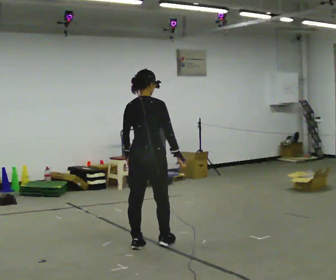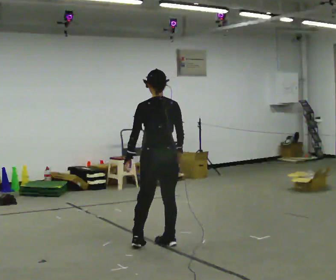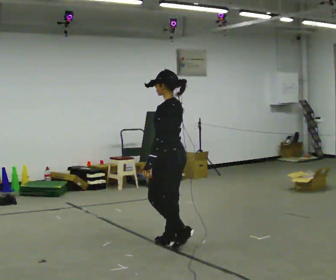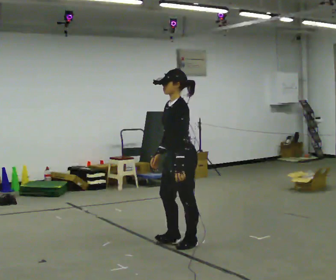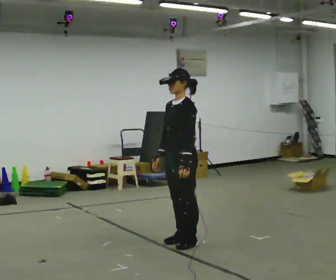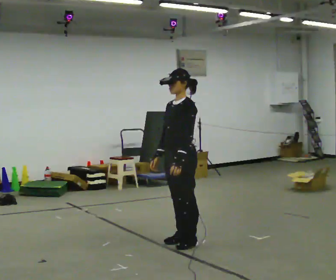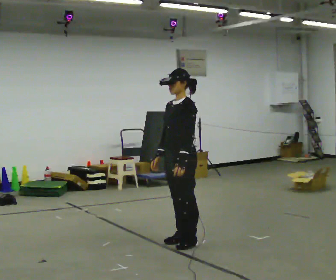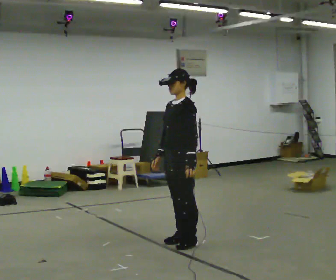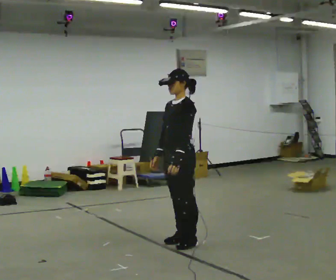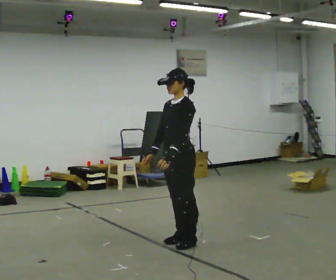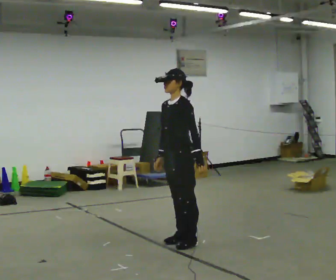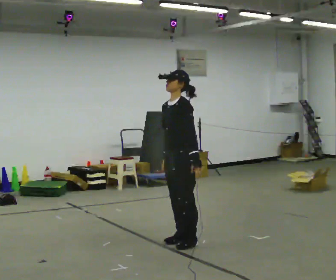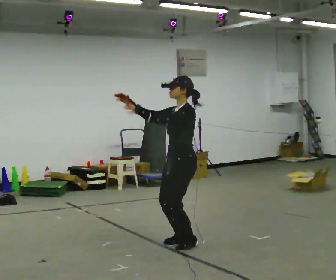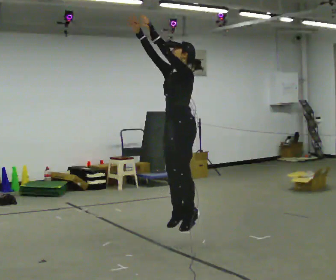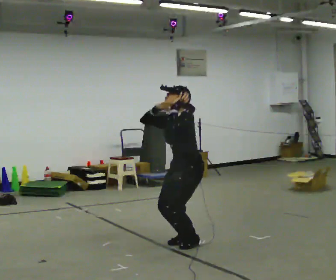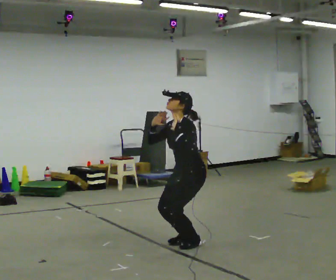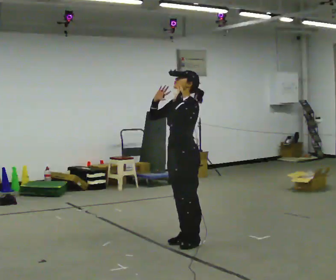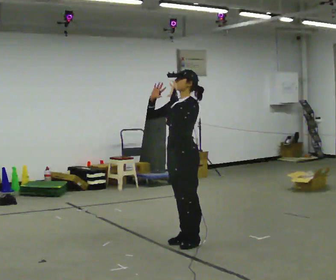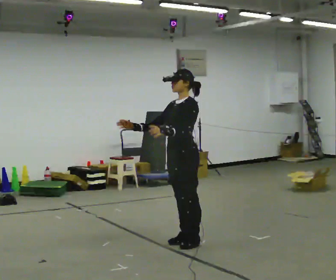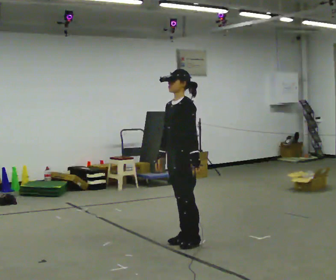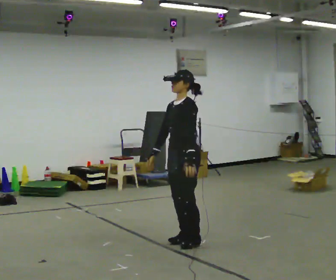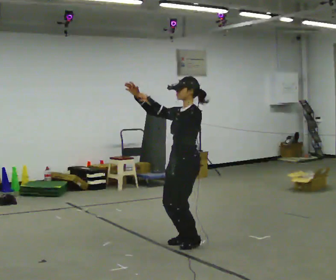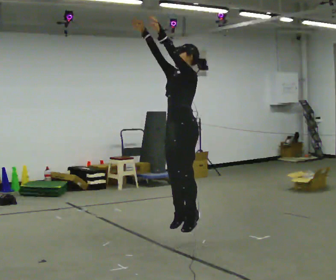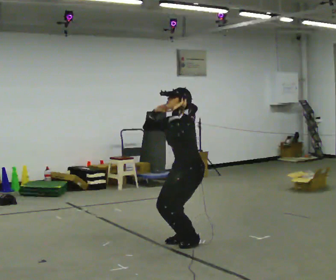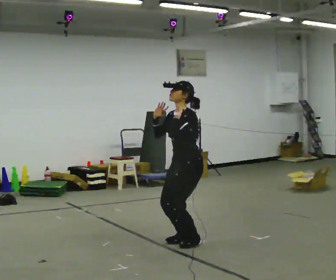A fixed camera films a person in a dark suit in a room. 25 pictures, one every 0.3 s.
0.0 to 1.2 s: Seen from above the body turns counterclockwise, about 150 degrees: to their left, with its near side sliding to the right. In the picture they go to the right, about 0.25 m in 2 steps.
1.2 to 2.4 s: The person moves a little, or ends about where they began.
2.4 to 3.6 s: In the picture their right hand goes upward.
3.6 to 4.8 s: The person moves a little, or ends about where they began.
4.8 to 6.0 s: In the picture their right hand goes downward.
6.0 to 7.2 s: In the picture their right hand goes upward.
The film runs backward here.
